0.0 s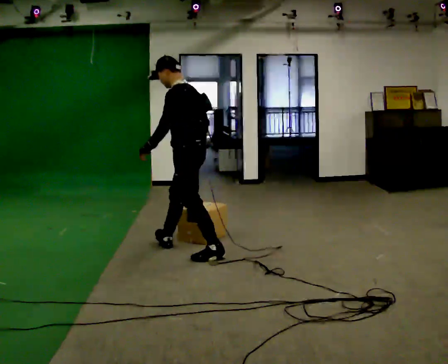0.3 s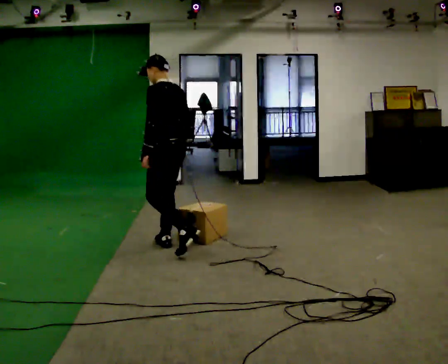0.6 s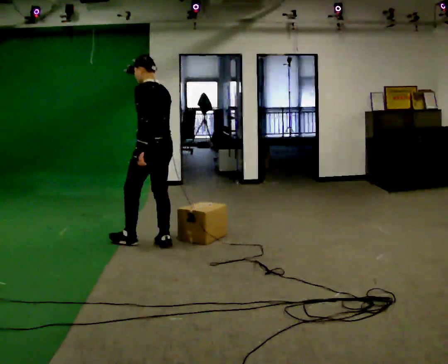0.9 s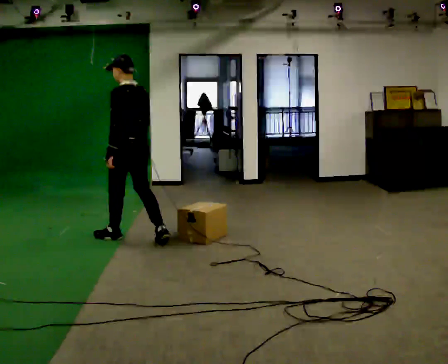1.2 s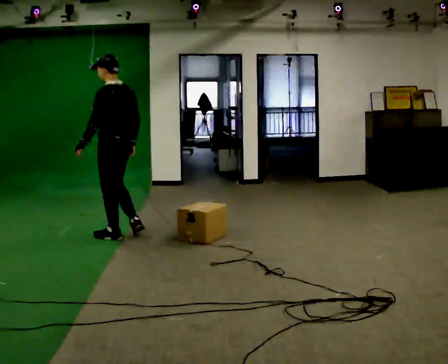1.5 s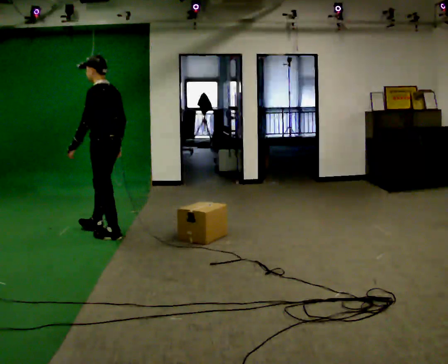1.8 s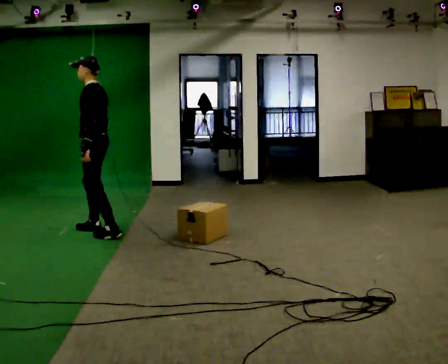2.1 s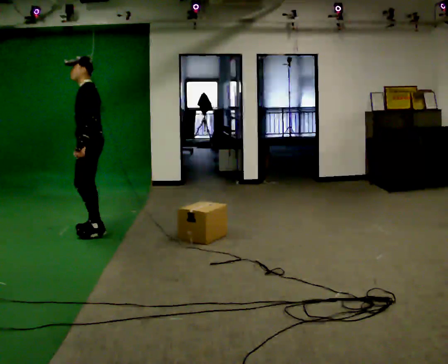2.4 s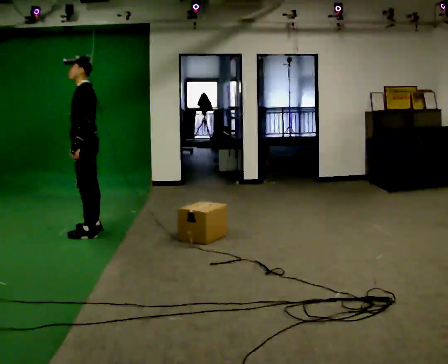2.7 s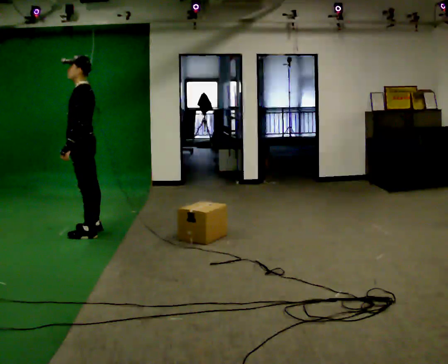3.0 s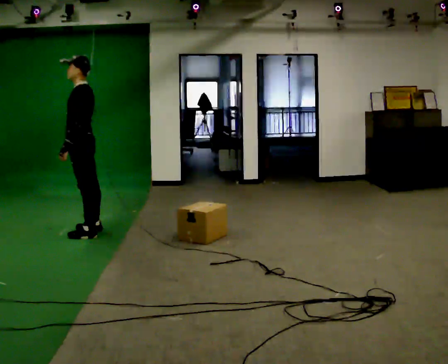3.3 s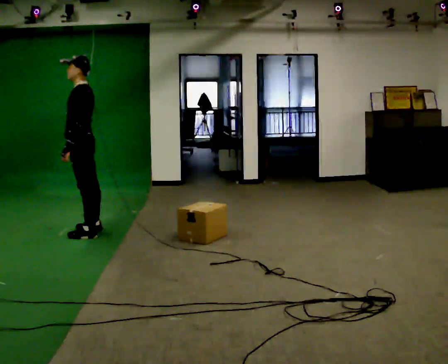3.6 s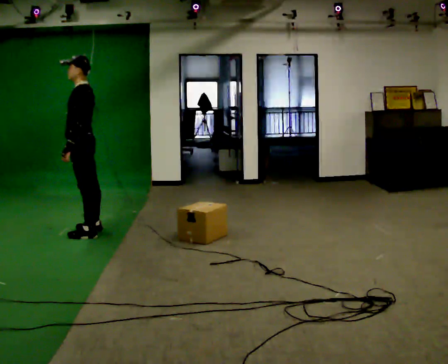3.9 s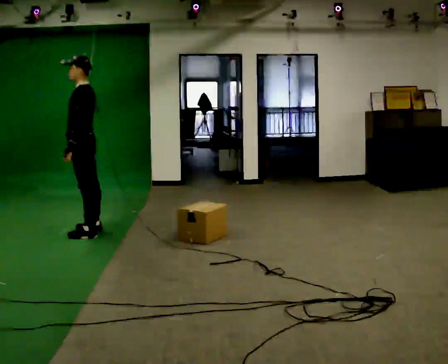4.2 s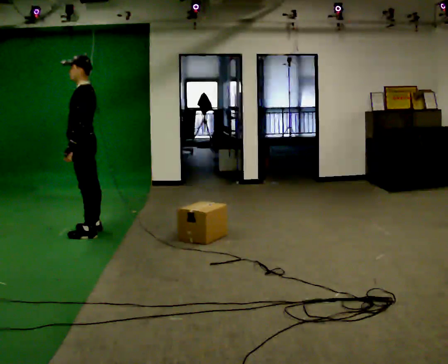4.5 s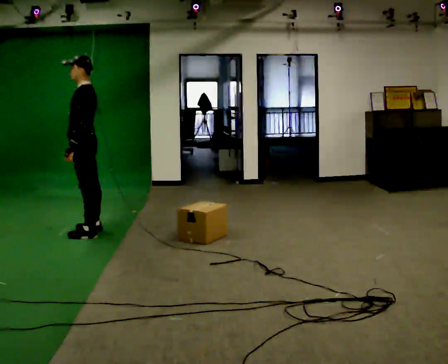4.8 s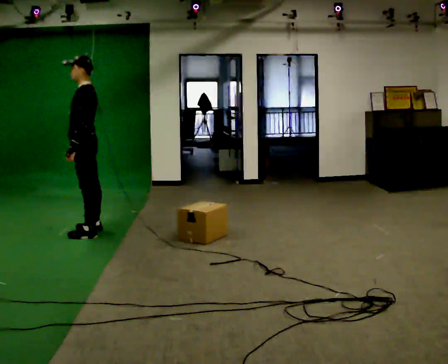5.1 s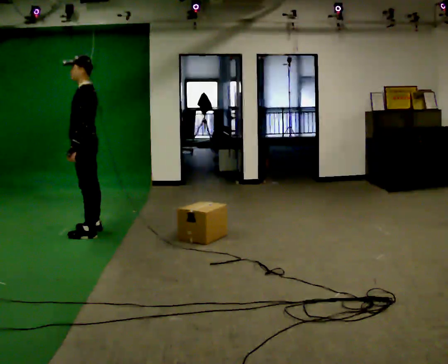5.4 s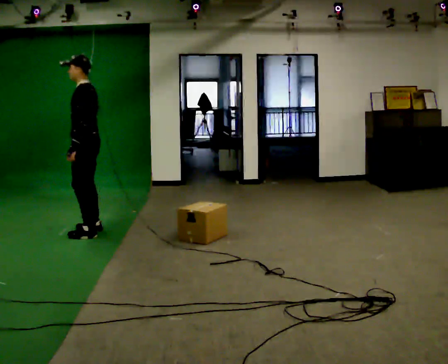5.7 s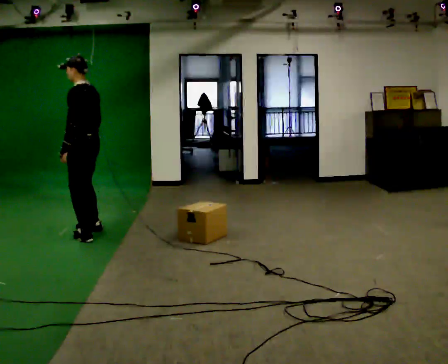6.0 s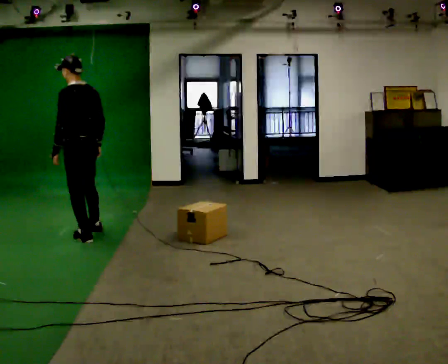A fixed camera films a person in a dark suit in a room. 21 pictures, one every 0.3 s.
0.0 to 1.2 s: In the picture they go to the left and away from the camera, about 1 m in 1 step, which for them is forward.
1.2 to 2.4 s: The part of the body nearest the lens slides to the right as the person turns to their left by about 45 degrees. In the picture they go to the left and away from the camera, about 0.5 m in 2 steps, which for them is forward and to their right.
2.4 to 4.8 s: The person moves a little, or ends about where they began.
4.8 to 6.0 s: The person turns about 45 degrees to their right, clockwise seen from above, so the part of the body nearest the lens slides to the left. In the picture they go toward the camera, about 0.25 m in 1 step, which for them is to their left.
The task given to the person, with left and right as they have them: Walk back and forth across the room at a normal pace, looking ahead. There may be something on the floor. Recover however comes naturally and carry on.
The film runs forward here.
